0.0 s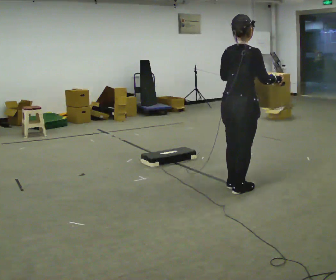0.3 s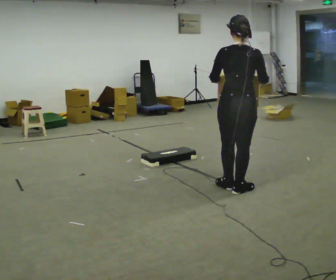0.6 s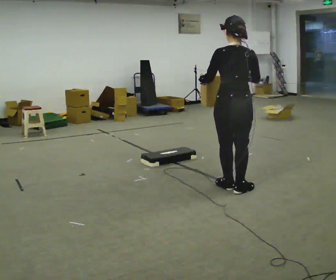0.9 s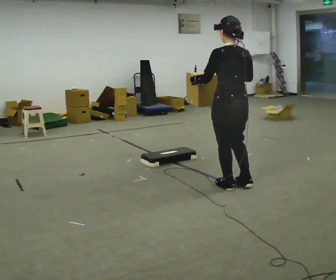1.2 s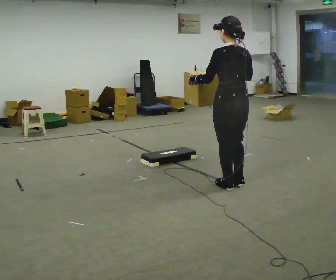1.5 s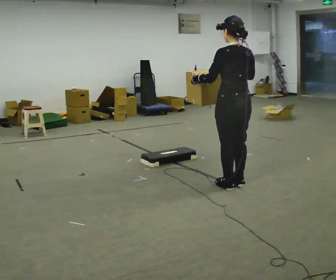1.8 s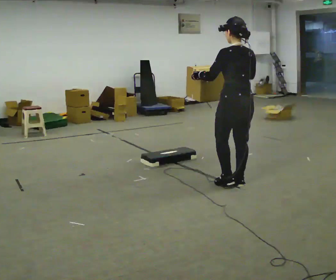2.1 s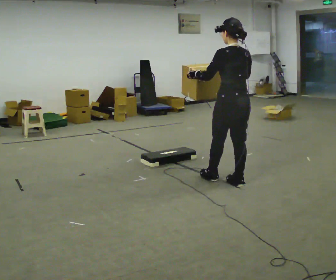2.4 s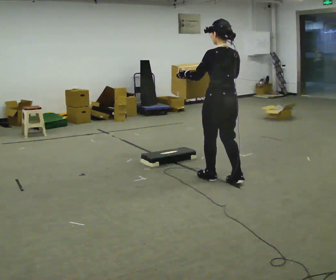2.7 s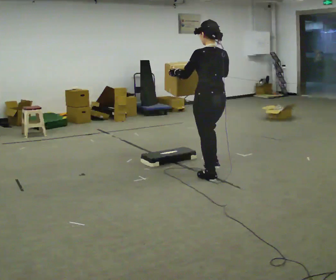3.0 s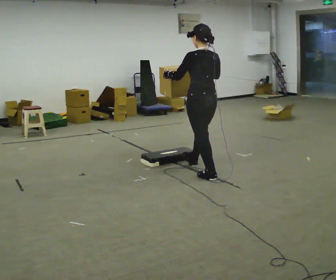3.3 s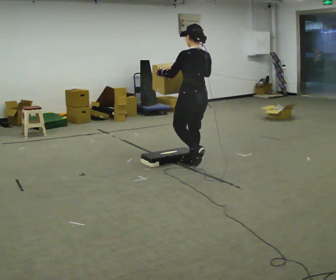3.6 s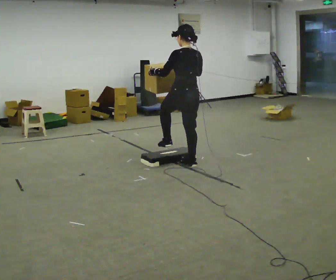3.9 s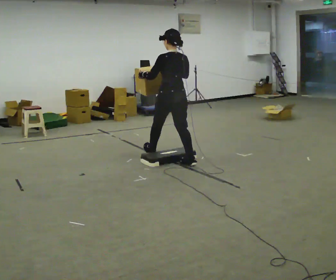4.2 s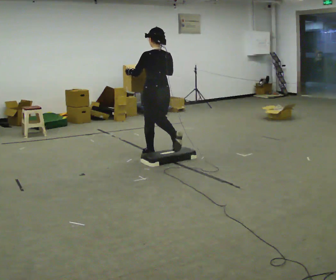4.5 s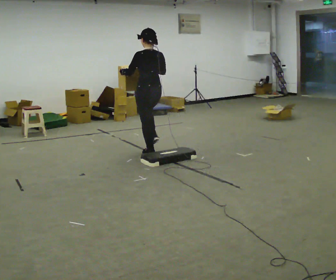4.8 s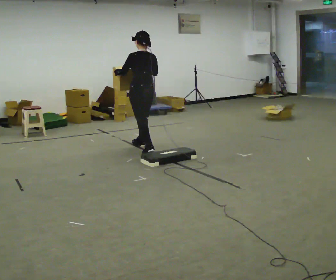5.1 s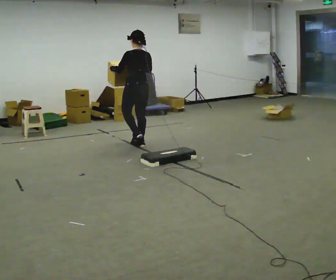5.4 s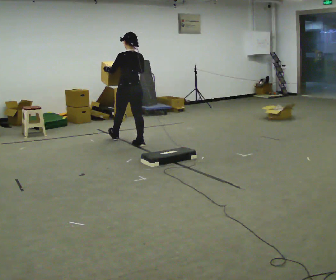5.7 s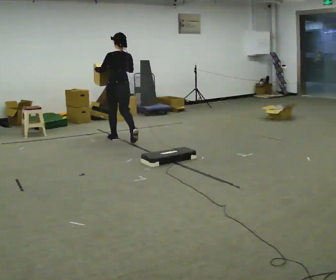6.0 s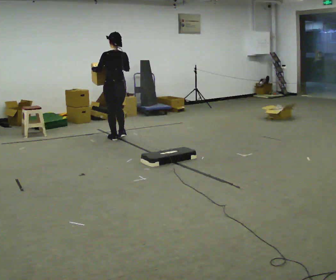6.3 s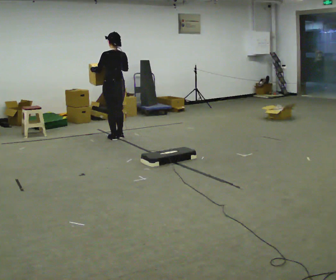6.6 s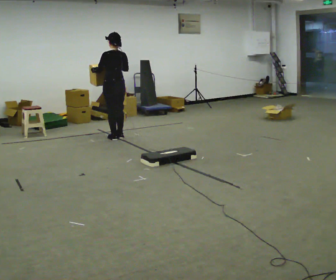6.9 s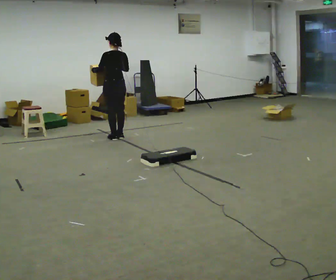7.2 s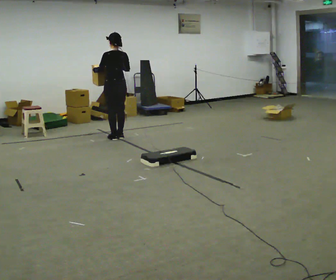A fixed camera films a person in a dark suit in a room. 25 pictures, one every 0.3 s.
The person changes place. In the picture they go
away from the camera.
0.0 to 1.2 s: Seen from above the body turns counterclockwise, about 75 degrees: to their left, with its near side sliding to the right. In the picture their right hand goes to the left.
1.2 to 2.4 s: In the picture they go away from the camera, about 0.25 m in 1 step, which for them is forward.
2.4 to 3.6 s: In the picture they go away from the camera and to the left, about 0.75 m in 1 step, which for them is forward.
3.6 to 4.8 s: In the picture they go away from the camera and to the left, about 1 m in 2 steps, which for them is forward.
4.8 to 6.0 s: In the picture they go away from the camera and to the left, about 0.5 m in 1 step, which for them is forward.
6.0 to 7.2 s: The person moves a little, or ends about where they began.
The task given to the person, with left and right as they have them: Carry the box over the low sill without stopping, then bring it back over. Keep going until the operator says stop; one object at a time, and do not rush between trips.
The film runs forward here.
